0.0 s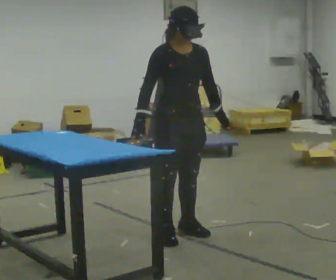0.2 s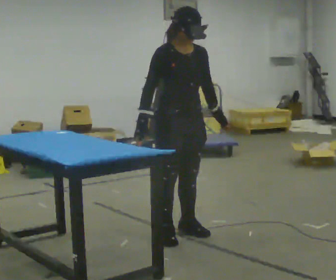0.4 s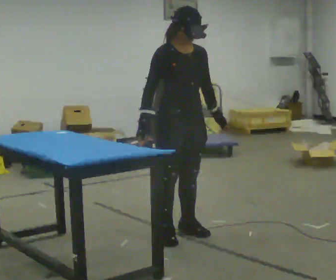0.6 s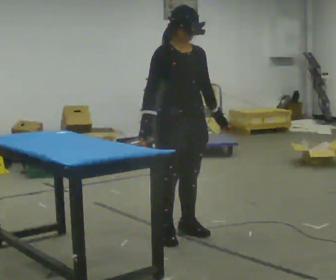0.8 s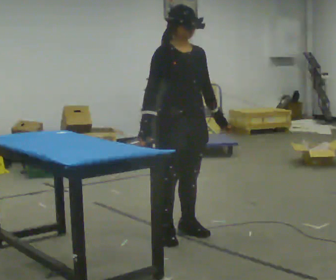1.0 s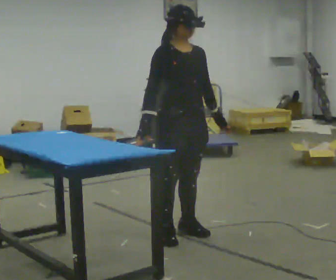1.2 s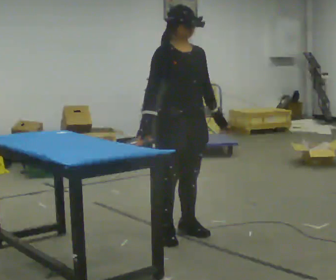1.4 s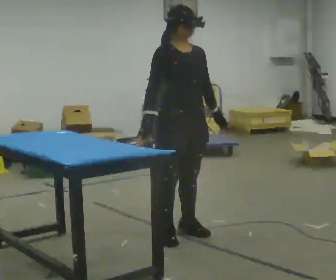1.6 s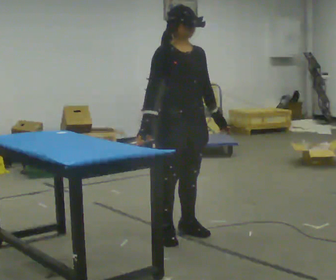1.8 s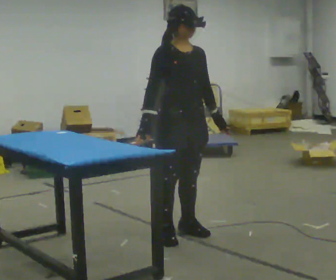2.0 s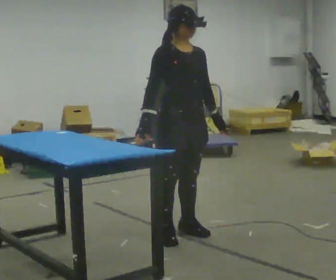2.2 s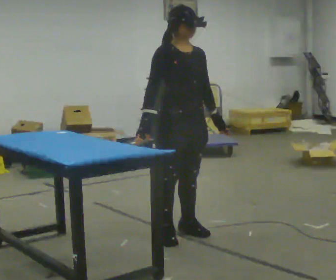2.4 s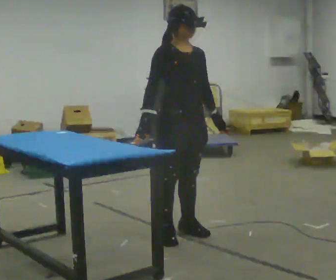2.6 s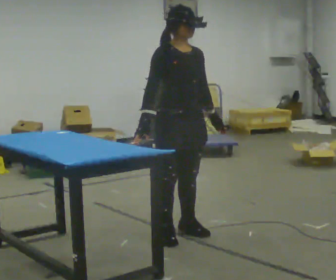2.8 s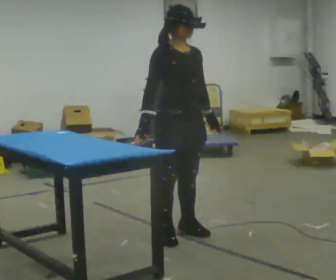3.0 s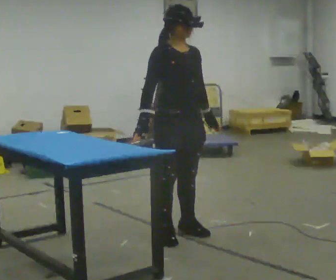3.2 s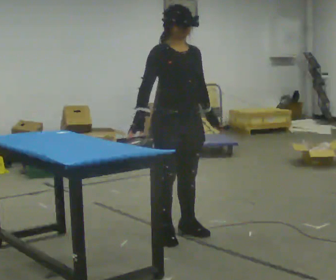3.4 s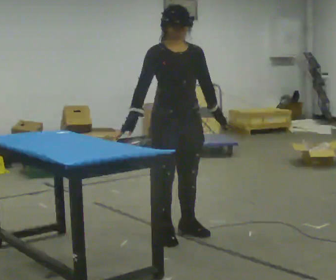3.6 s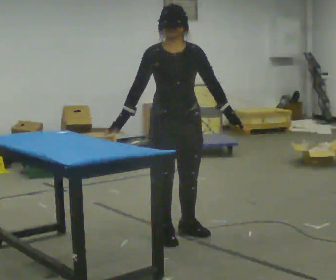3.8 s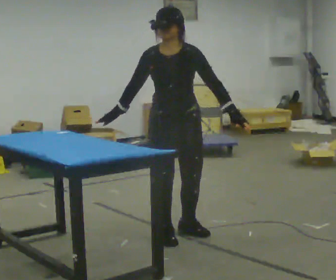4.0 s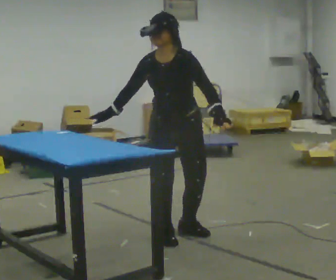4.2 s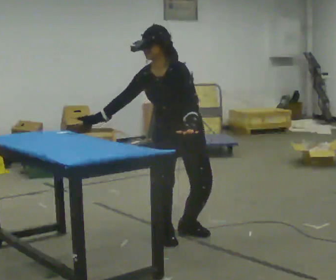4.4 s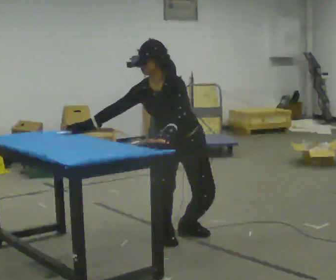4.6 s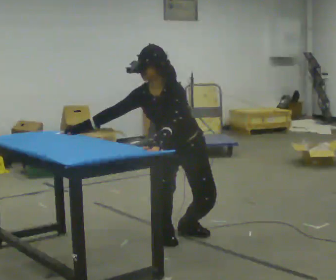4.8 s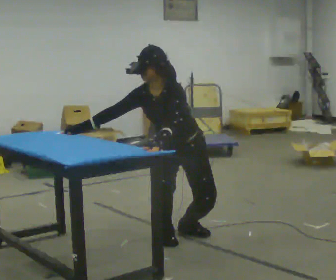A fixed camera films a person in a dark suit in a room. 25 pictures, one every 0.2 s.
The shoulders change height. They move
downward.
The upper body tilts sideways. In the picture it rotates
counterclockwise.
0.0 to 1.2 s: The person moves a little, or ends about where they began.
1.2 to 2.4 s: The person keeps their place and pose.
2.4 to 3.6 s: The person moves a little, or ends about where they began.
3.6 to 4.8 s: The person turns about 45 degrees to their right, clockwise seen from above, so the part of the body nearest the lens slides to the left. The upper body goes downward. In the picture the upper body tilts counterclockwise, shoulders to the left, as they bend forward. In the picture their left hand goes to the left.
The film runs backward here.
